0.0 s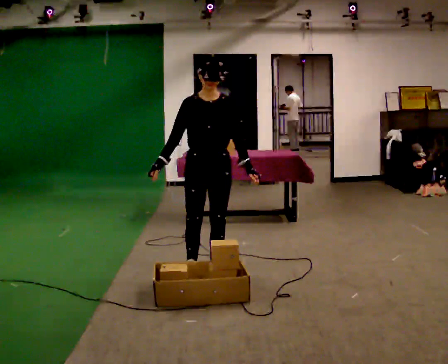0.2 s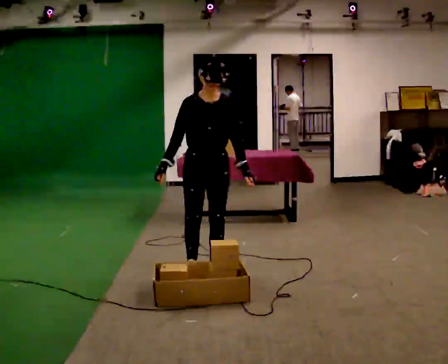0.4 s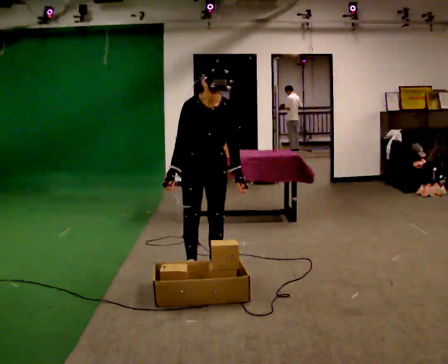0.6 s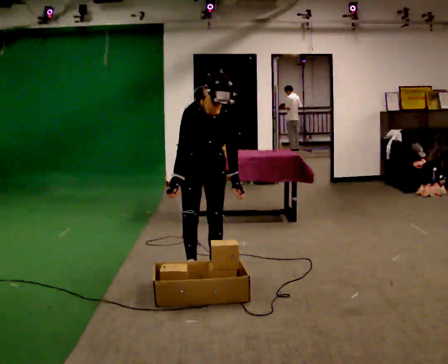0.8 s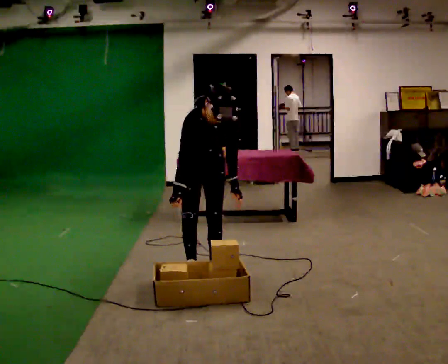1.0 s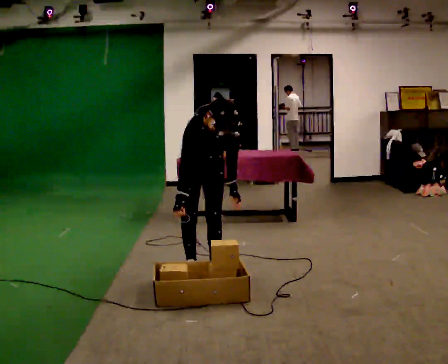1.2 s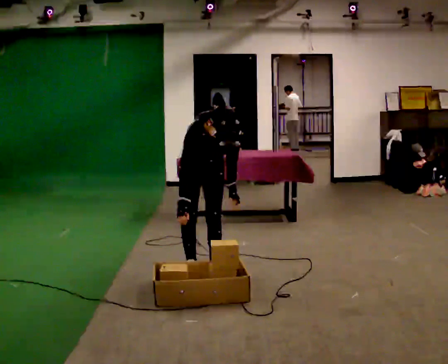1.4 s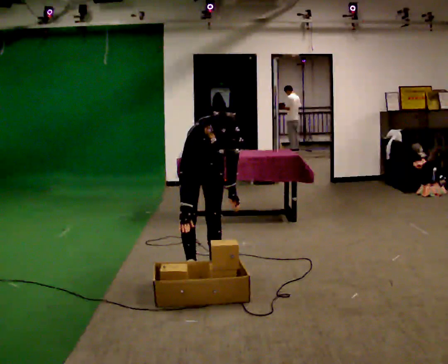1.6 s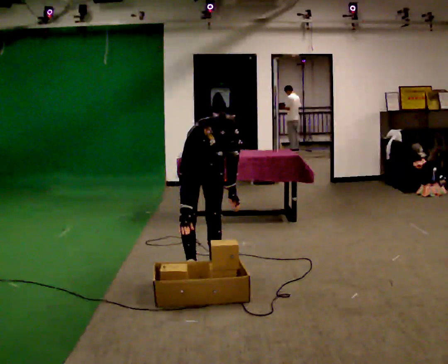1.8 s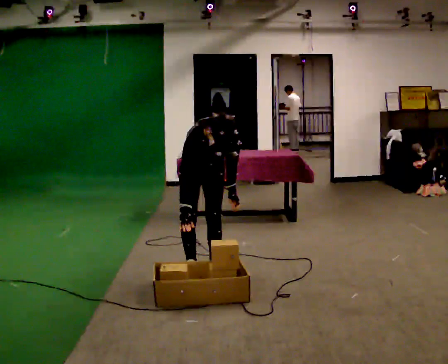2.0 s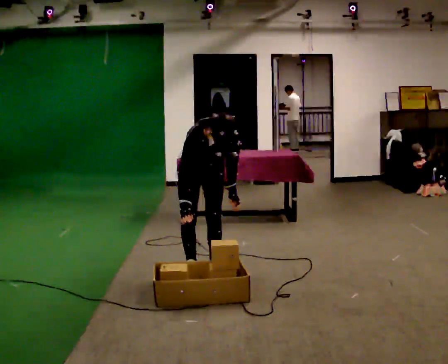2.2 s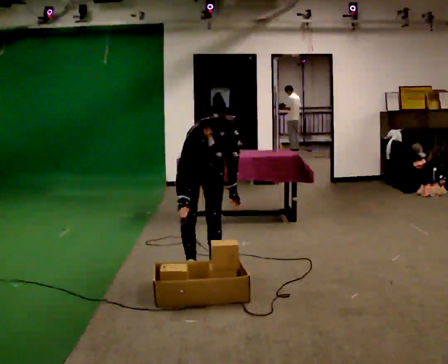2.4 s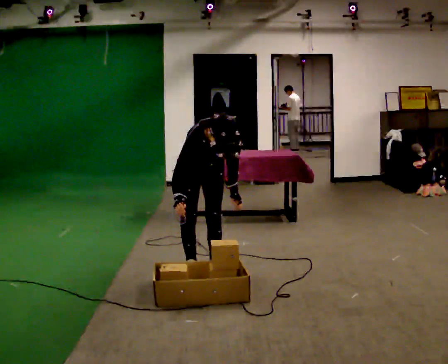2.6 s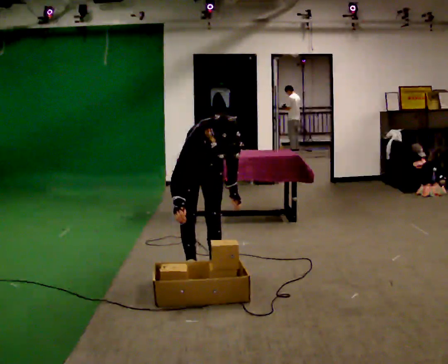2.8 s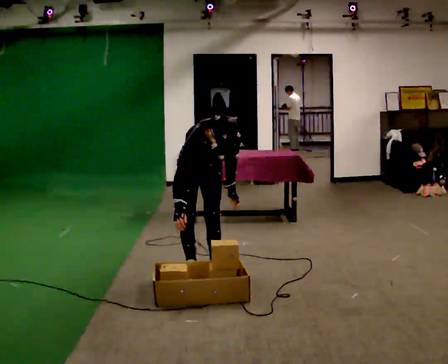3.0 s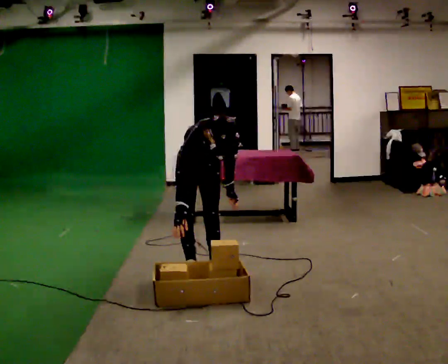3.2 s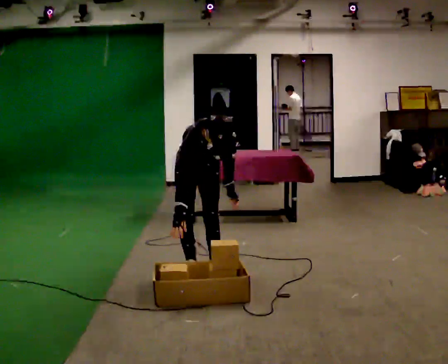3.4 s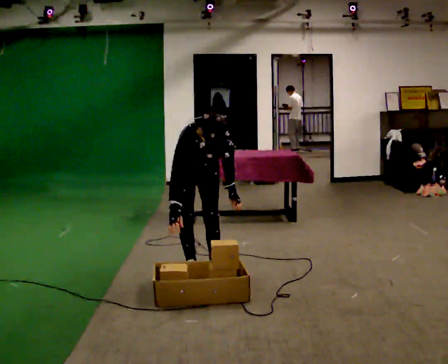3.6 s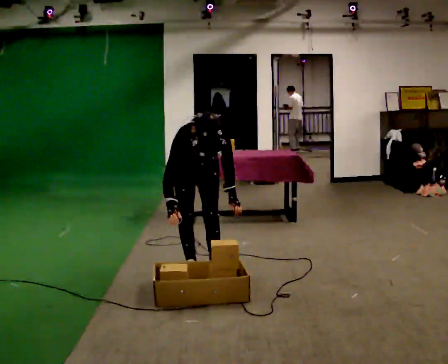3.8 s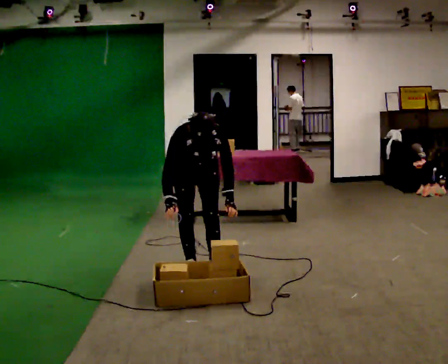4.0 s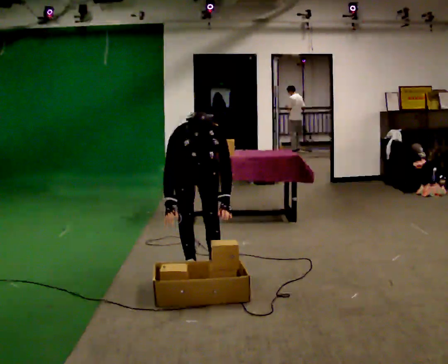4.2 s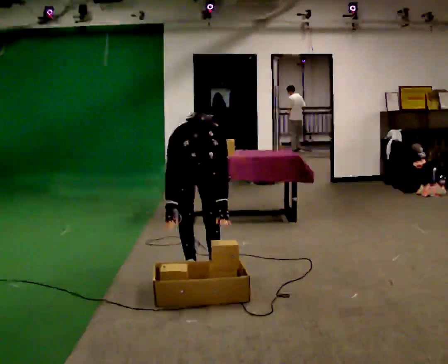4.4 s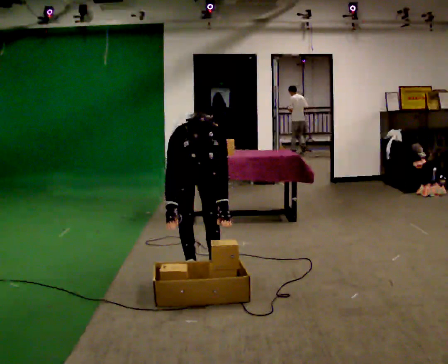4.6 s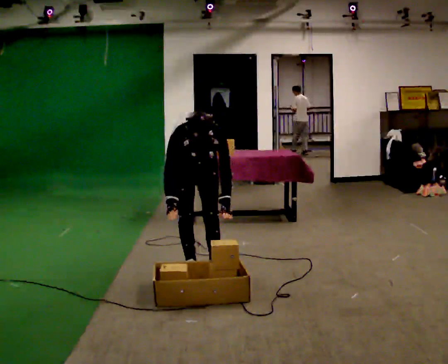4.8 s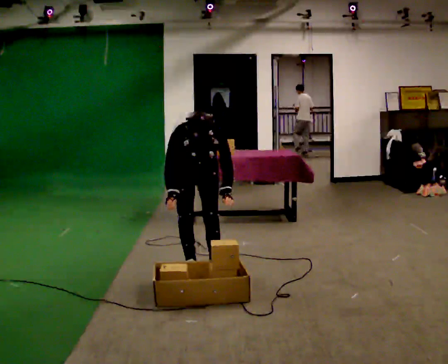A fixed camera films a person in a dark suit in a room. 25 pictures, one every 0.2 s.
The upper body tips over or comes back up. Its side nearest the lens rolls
downward.
0.0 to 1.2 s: The upper body goes downward. The upper body tips toward the camera, its near side rolling downward, as they bend forward.
1.2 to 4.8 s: The person moves a little, or ends about where they began.
The film runs backward here.
